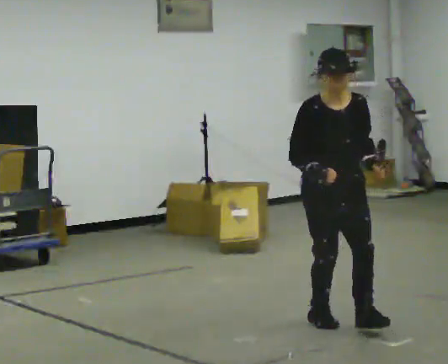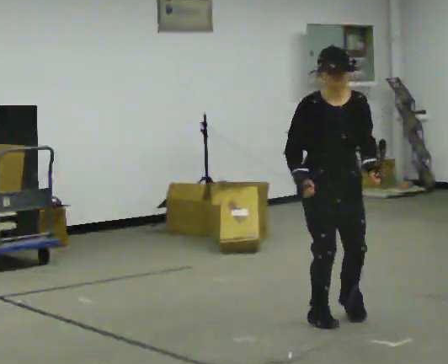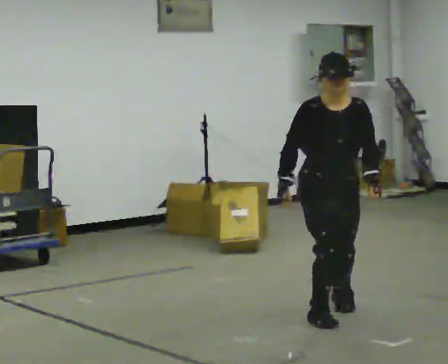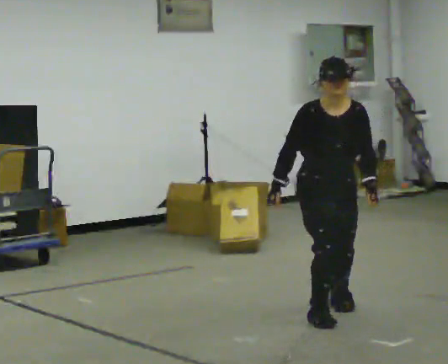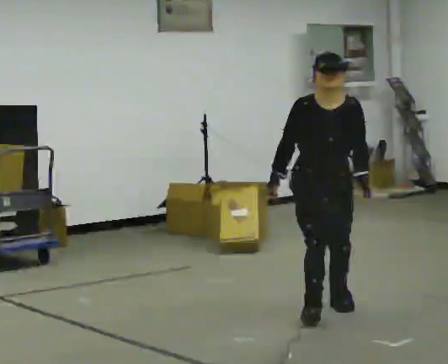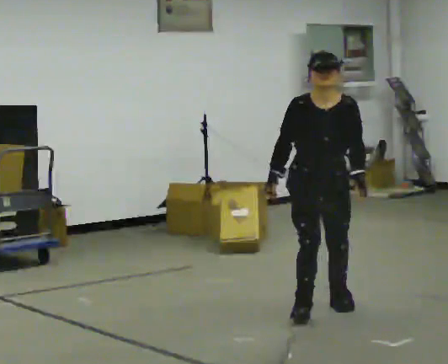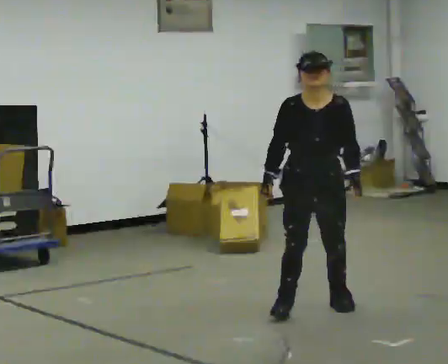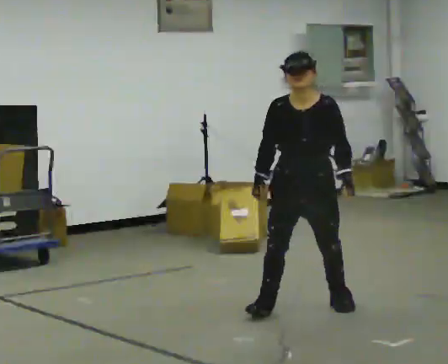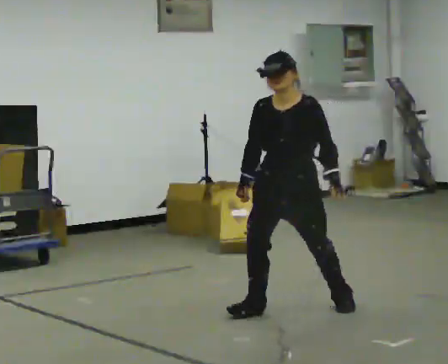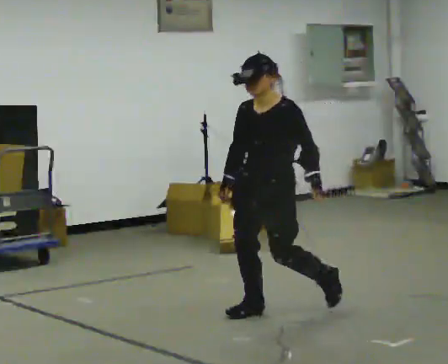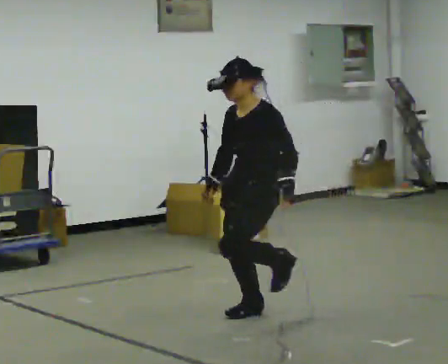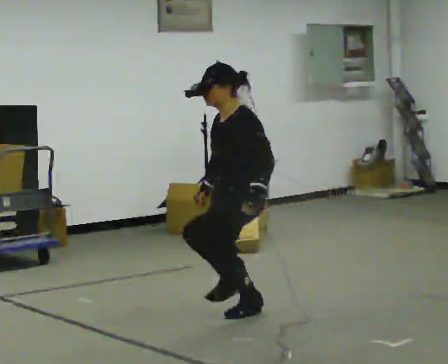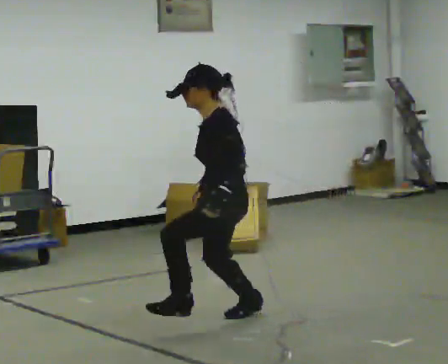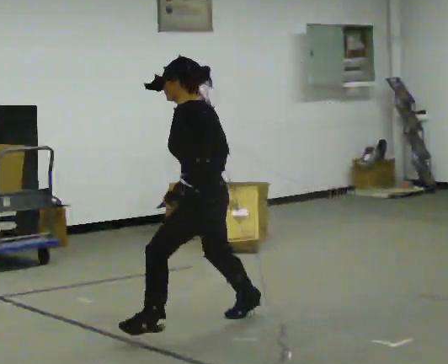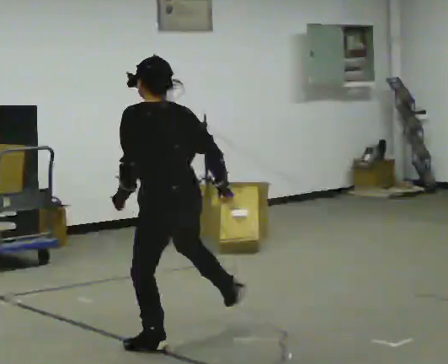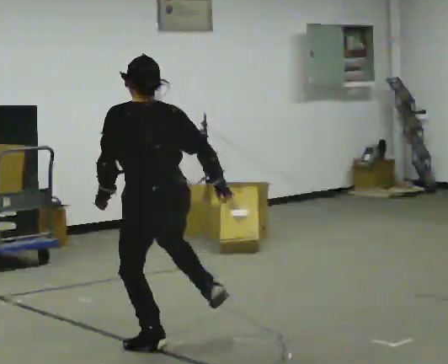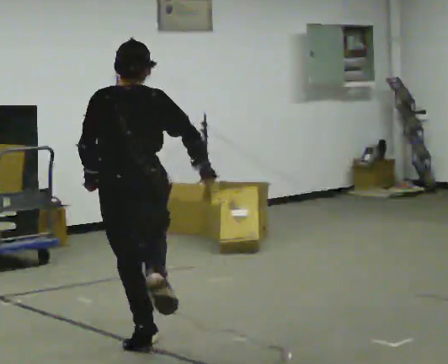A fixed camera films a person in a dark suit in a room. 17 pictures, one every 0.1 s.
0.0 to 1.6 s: The person turns about 195 degrees to their right, clockwise seen from above, so the part of the body nearest the lens slides to the left. In the picture they go to the left and toward the camera, about 1 m in 3 steps. The upper body tips away from the camera, its near side rolling upward.
The film runs forward here.
